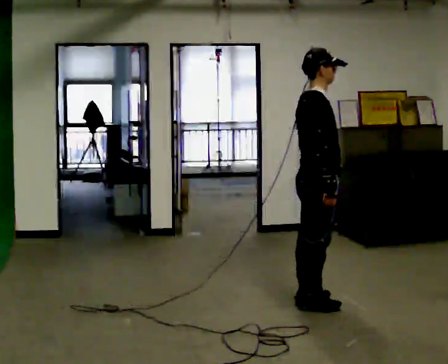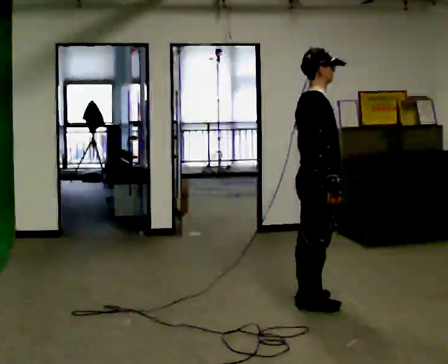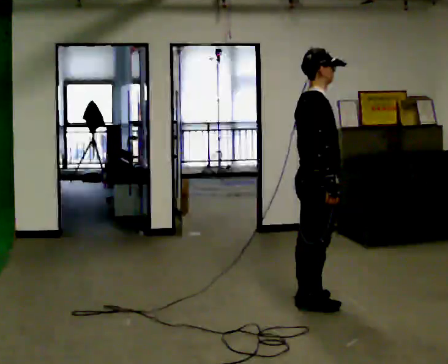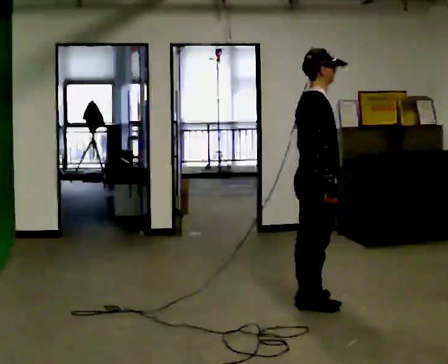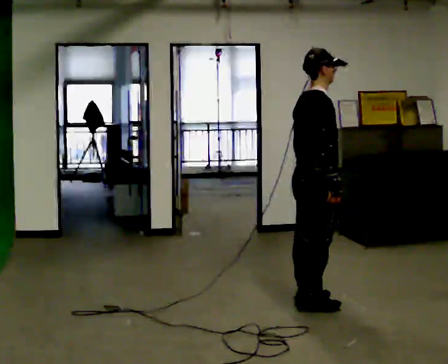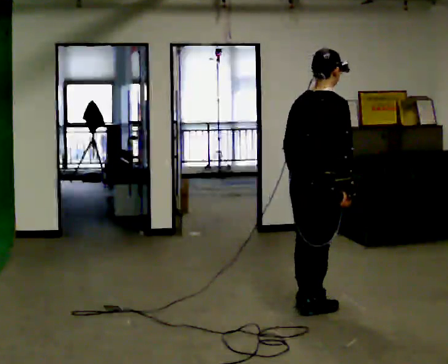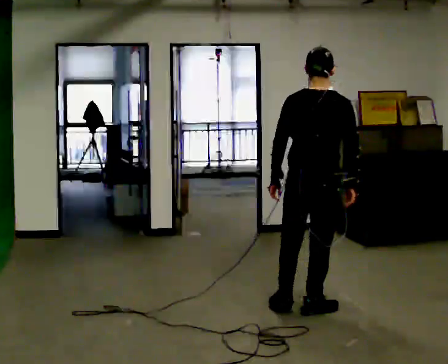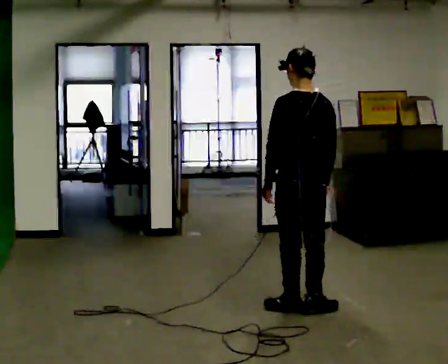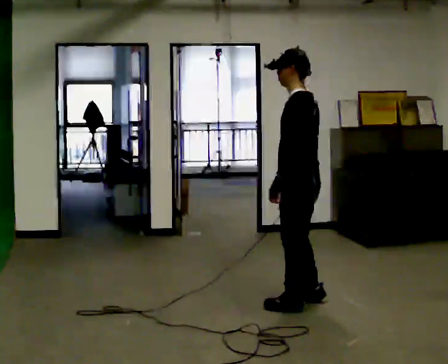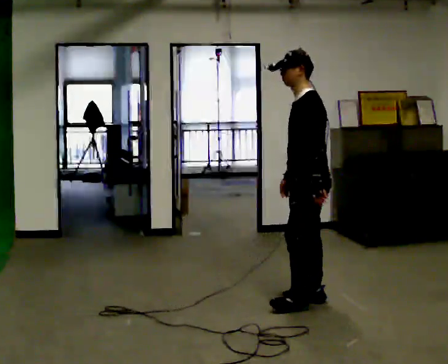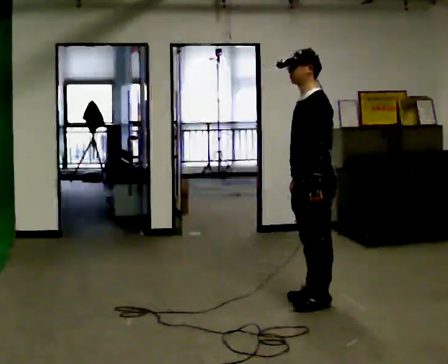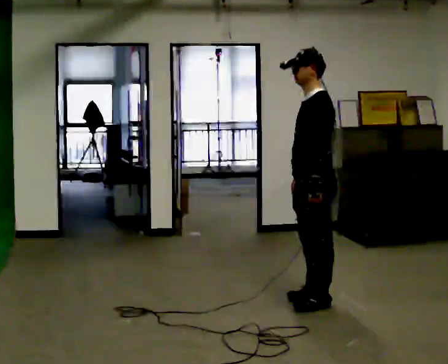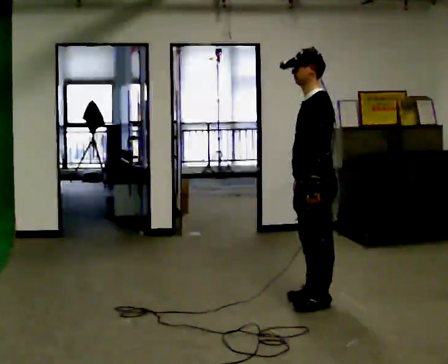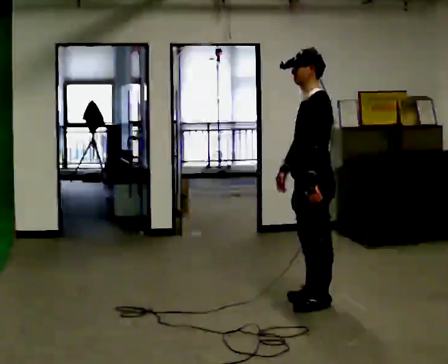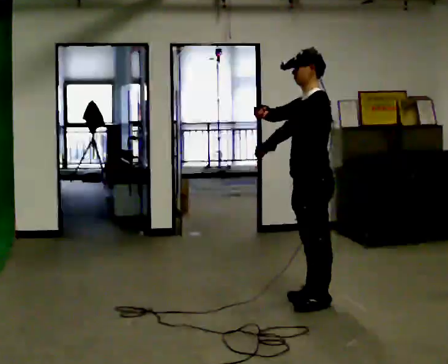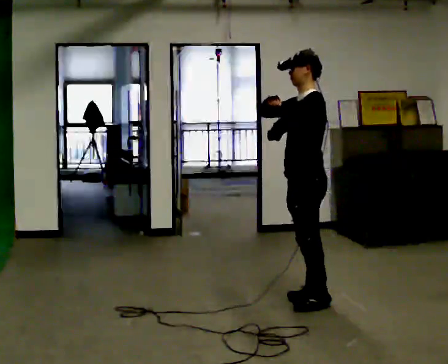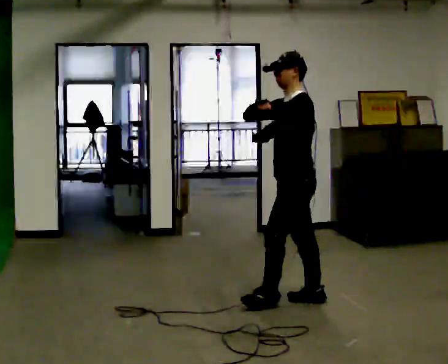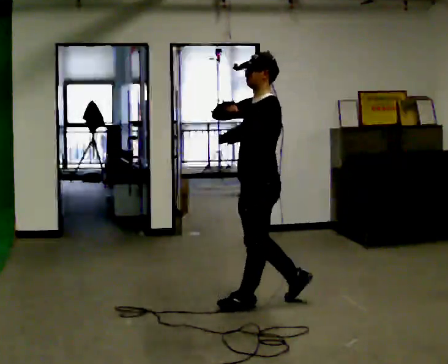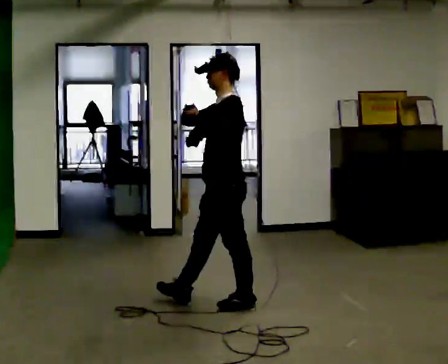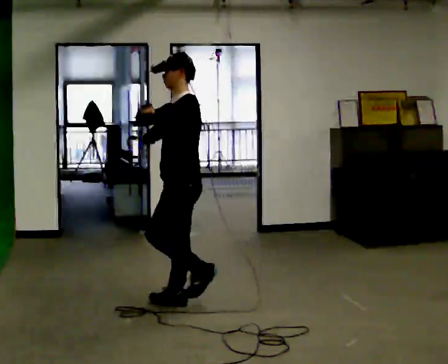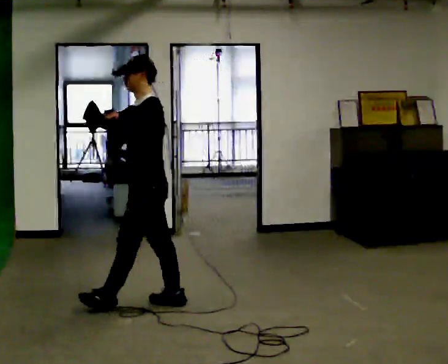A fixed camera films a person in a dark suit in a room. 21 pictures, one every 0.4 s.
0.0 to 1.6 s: The person moves a little, or ends about where they began.
1.6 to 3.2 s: Seen from above the body turns counterclockwise, about 135 degrees: to their left, with its near side sliding to the right.
3.2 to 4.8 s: The person moves a little, or ends about where they began.
4.8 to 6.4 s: In the picture they go to the left, about 0.25 m, which for them is forward. In the picture their right hand goes upward.
6.4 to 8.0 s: In the picture they go to the left, about 1 m in 2 steps, which for them is forward.
The film runs forward here.
